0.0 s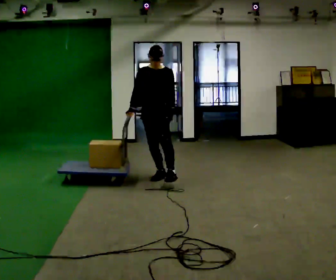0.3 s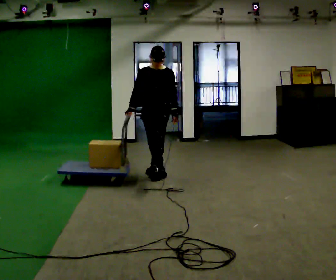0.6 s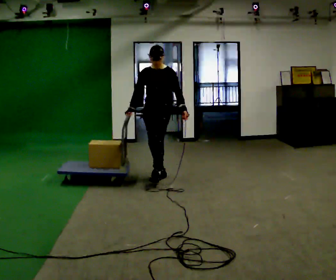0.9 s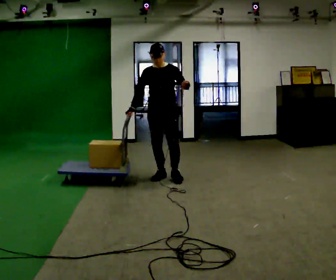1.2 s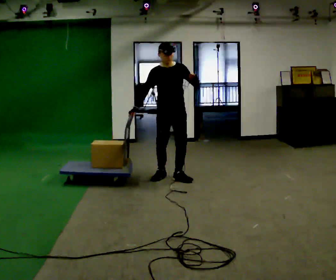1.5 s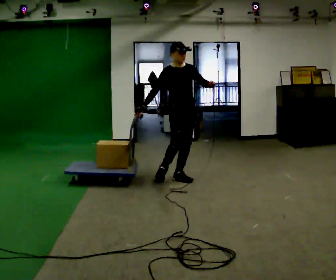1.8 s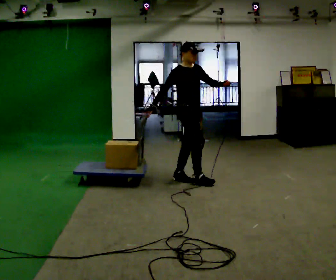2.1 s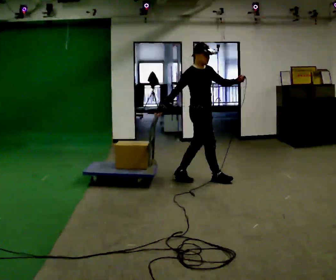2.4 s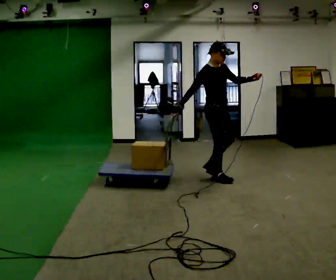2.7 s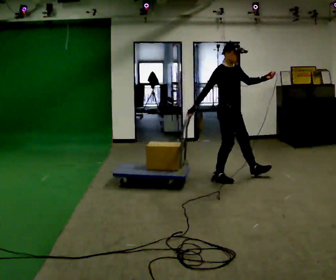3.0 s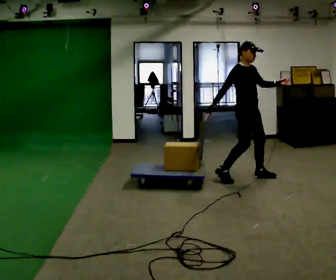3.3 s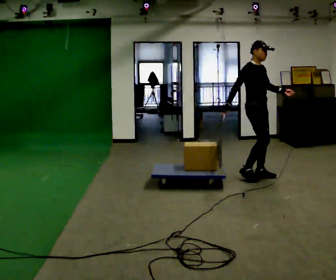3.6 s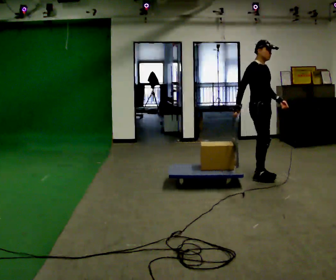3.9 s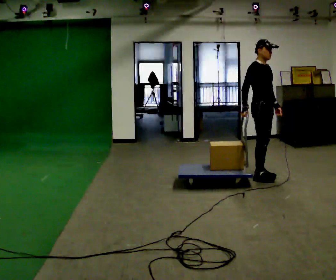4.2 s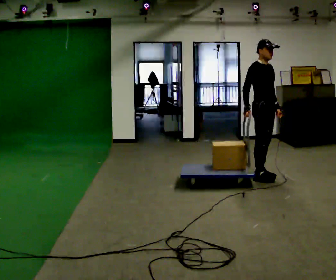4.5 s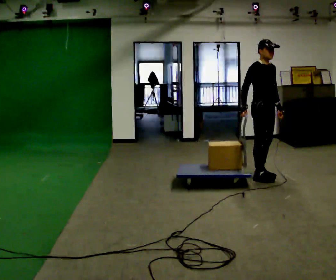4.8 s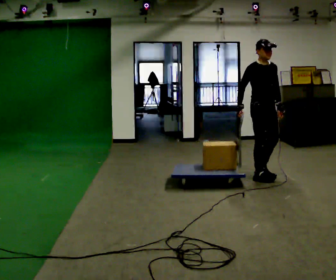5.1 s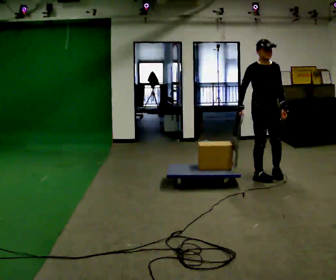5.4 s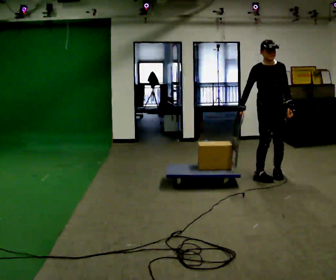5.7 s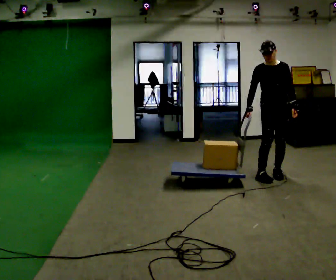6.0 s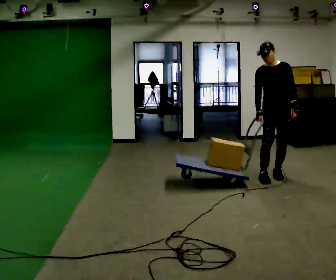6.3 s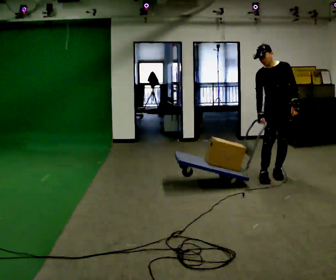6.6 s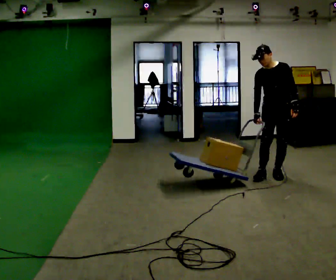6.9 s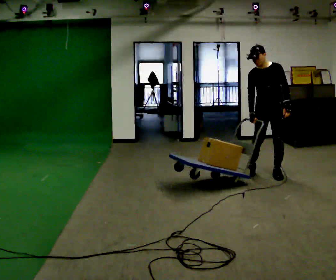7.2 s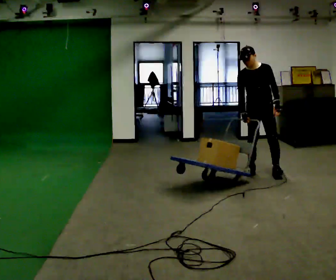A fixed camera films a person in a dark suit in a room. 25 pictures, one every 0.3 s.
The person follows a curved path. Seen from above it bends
counterclockwise.
0.0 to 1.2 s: In the picture they go to the right, about 0.25 m, which for them is to their left. In the picture their left hand goes upward and to the right, the arm swinging counterclockwise.
1.2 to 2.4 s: The person turns about 45 degrees to their left, counterclockwise seen from above, so the part of the body nearest the lens slides to the right. In the picture they go to the right, about 0.5 m in 1 step, which for them is forward.
2.4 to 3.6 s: In the picture they go to the right, about 0.5 m in 2 steps, which for them is forward and to their left. In the picture their left hand goes downward.
3.6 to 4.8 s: The part of the body nearest the lens slides to the left as the person turns to their right by about 30 degrees.
4.8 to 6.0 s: The person turns about 45 degrees to their right, clockwise seen from above, so the part of the body nearest the lens slides to the left. In the picture they go to the right, about 0.25 m in 1 step, which for them is to their left.
6.0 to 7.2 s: In the picture they go away from the camera and to the left, about 0.25 m in 1 step, which for them is to their right and backward.
The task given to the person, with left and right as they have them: Pull the cart behind you as you walk backward across the room. The operator will confirm the space behind you is clear before each take.
The film runs forward here.
